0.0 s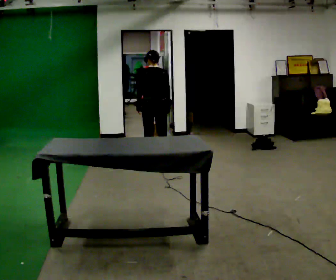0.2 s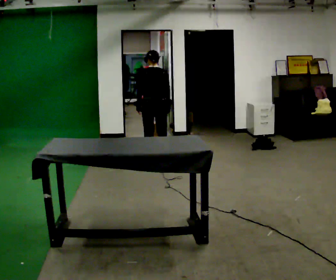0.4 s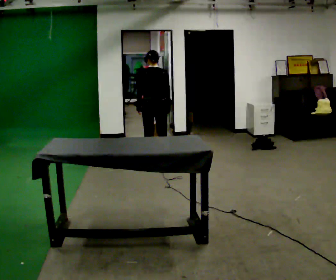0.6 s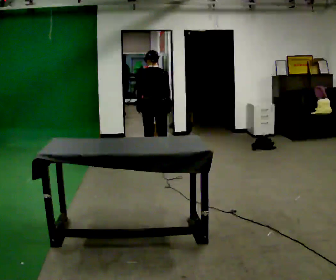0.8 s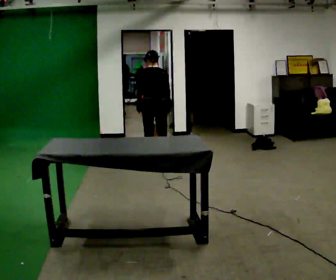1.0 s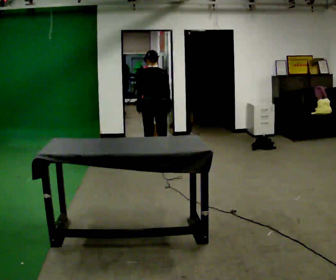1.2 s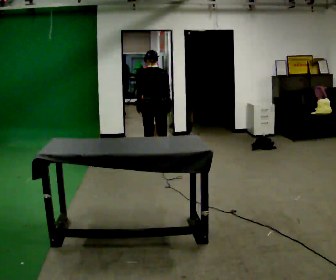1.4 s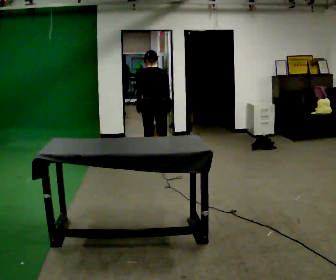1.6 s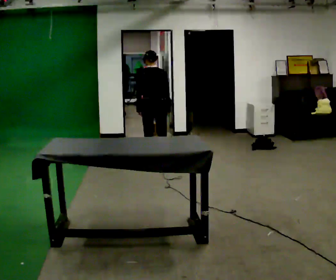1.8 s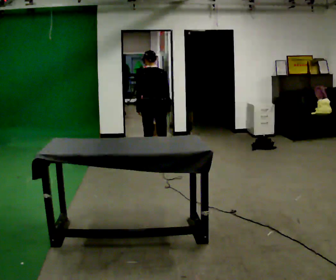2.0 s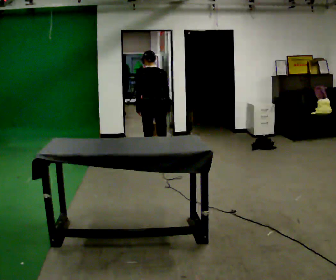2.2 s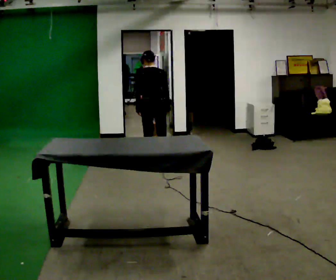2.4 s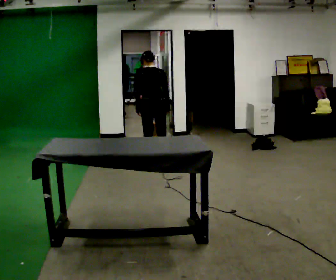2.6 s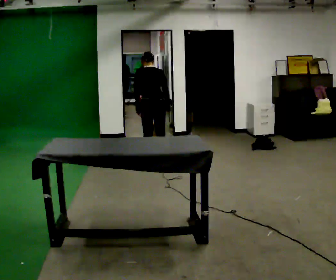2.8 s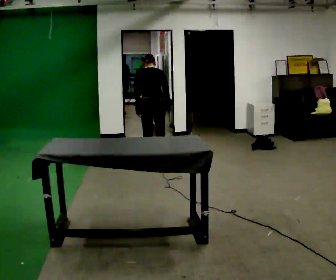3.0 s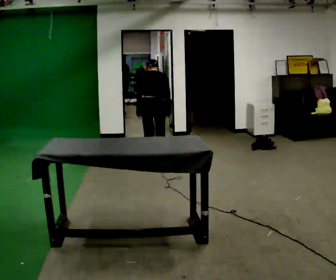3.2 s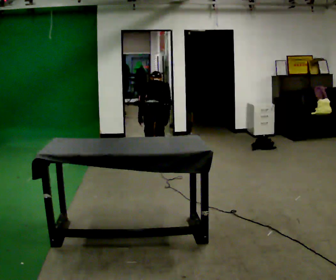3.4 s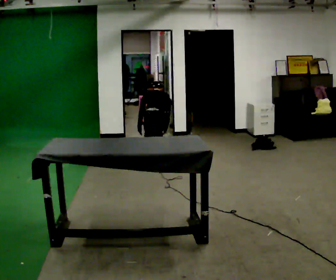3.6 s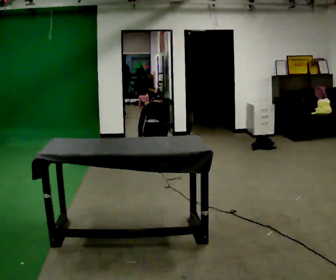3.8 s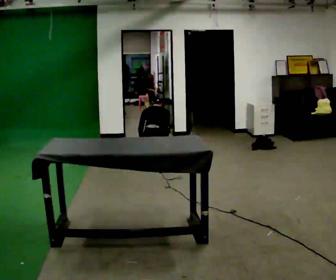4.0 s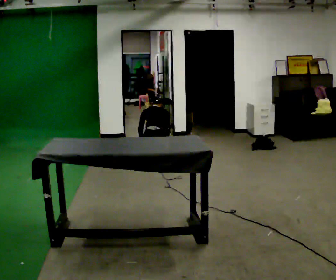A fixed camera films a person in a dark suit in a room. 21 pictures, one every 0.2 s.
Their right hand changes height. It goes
downward.
The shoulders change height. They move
downward.
0.0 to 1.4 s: The person keeps their place and pose.
1.4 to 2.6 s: The person moves a little, or ends about where they began.
2.6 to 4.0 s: The shoulders move downward. The upper body tips away from the camera, its near side rolling upward, as they bend forward. In the picture their right hand goes downward.
The film runs forward here.
